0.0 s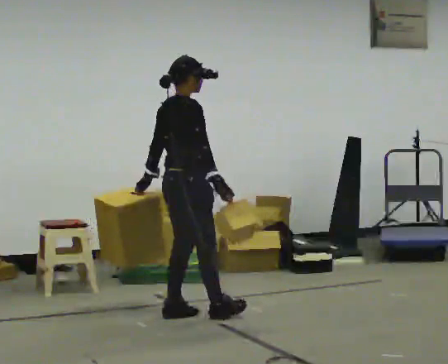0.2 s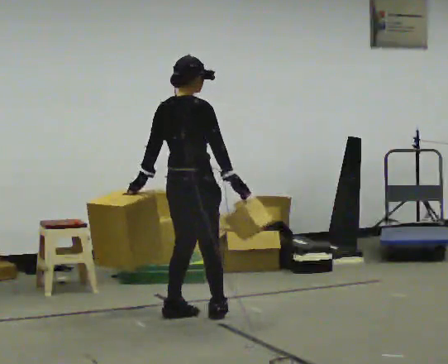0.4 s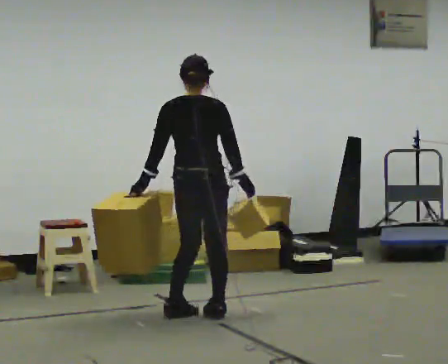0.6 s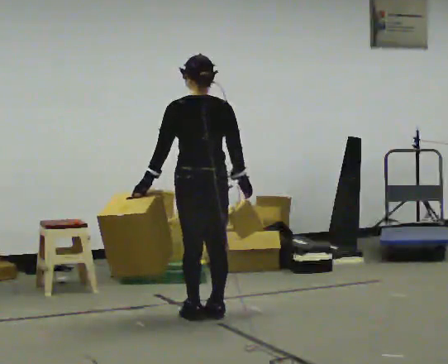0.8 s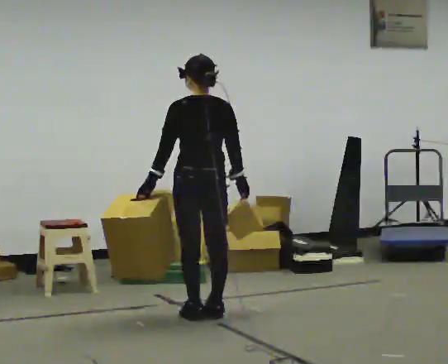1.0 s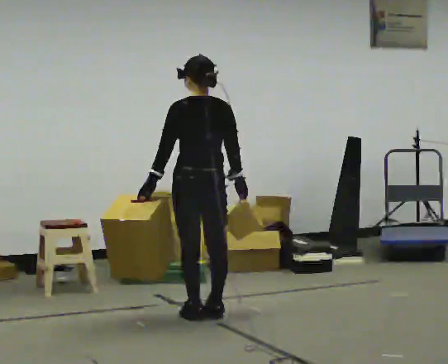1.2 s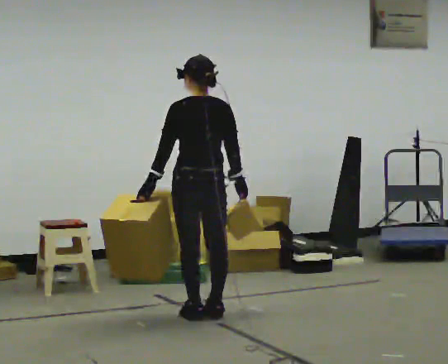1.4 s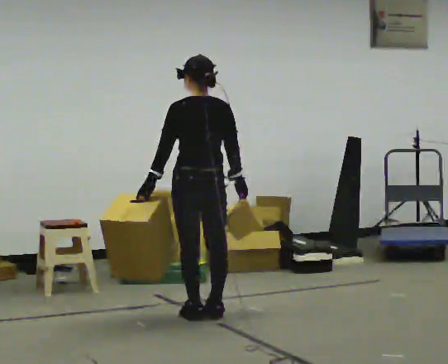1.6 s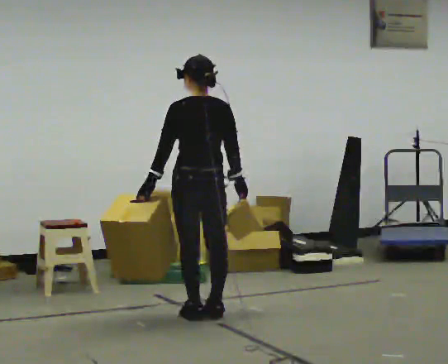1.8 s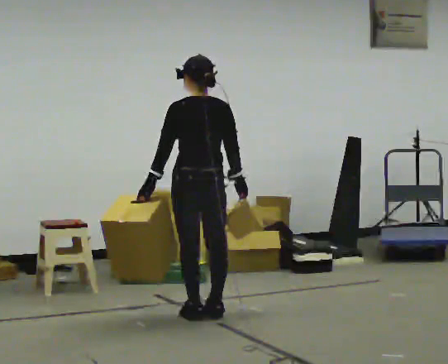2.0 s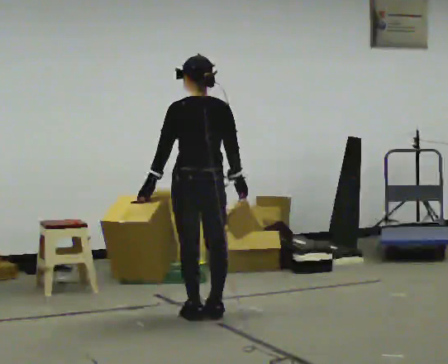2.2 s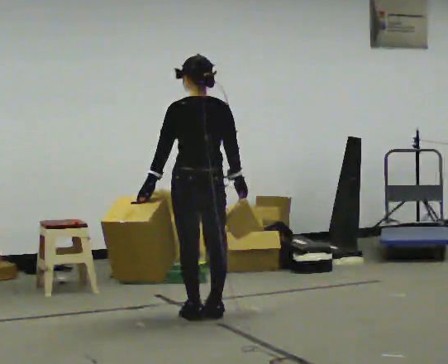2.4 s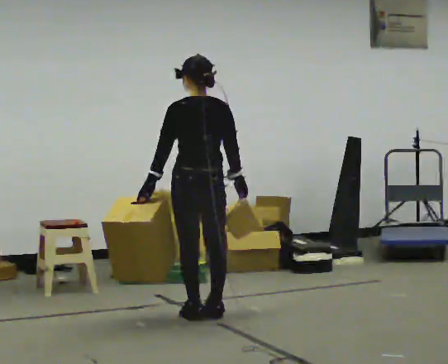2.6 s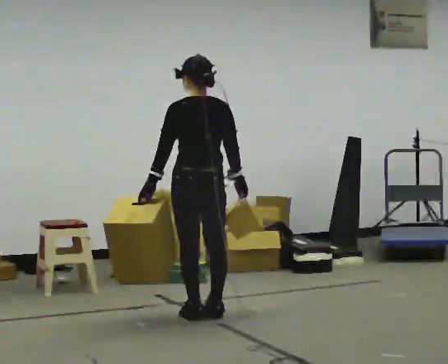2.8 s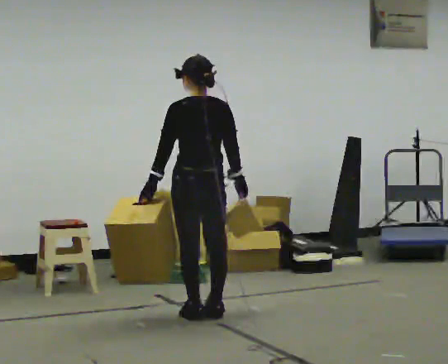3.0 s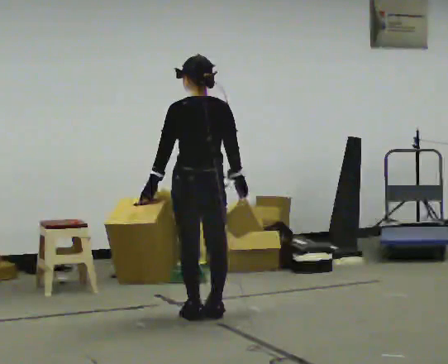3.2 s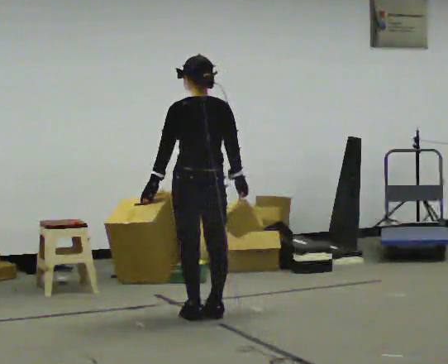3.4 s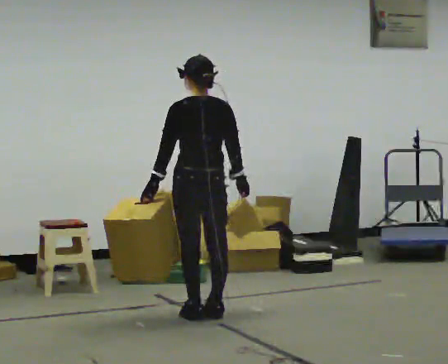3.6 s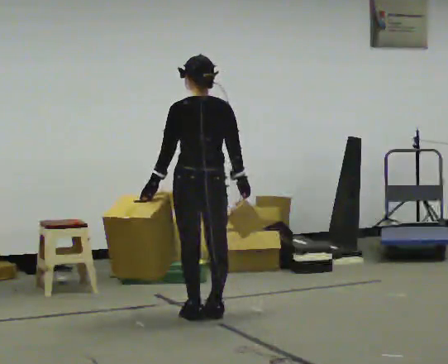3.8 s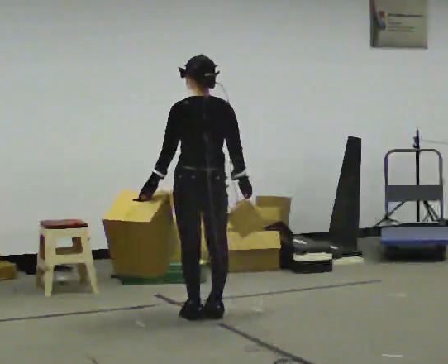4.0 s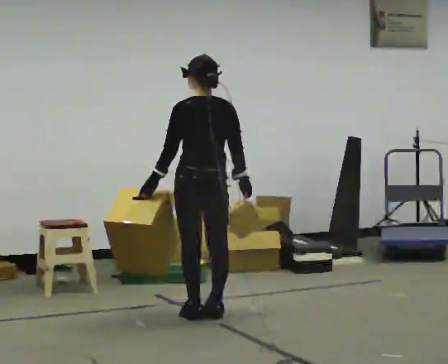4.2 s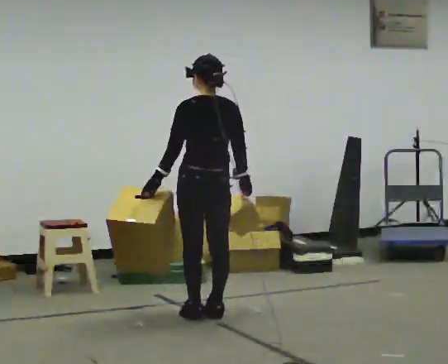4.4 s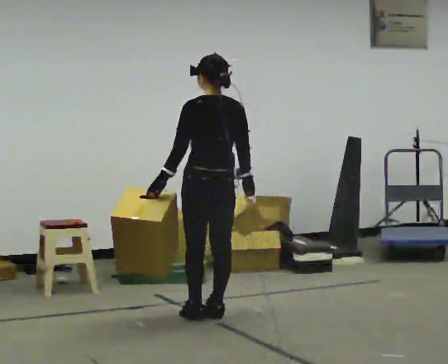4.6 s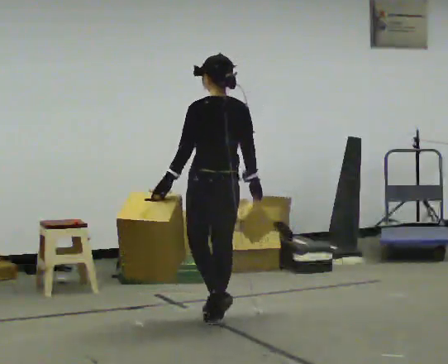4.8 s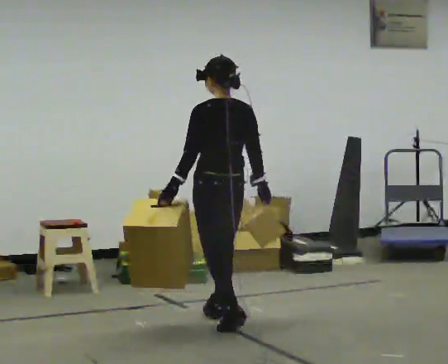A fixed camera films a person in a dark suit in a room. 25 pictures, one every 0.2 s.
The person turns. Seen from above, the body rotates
counterclockwise.
The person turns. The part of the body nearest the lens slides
to the right.
0.0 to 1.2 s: Seen from above the body turns counterclockwise, about 90 degrees: to their left, with its near side sliding to the right.
1.2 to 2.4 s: The person keeps their place and pose.
2.4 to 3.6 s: The person moves a little, or ends about where they began.
3.6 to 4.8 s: In the picture they go toward the camera, about 0.25 m in 1 step, which for them is backward.
The film runs backward here.
